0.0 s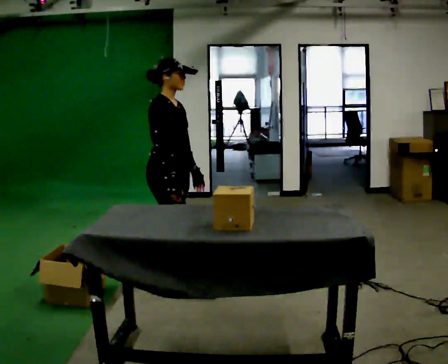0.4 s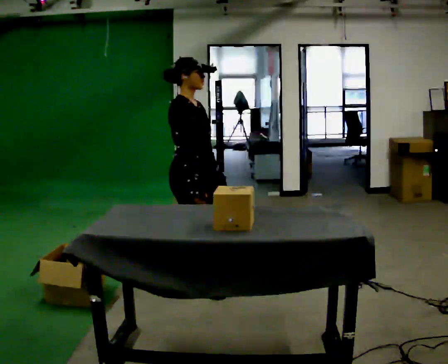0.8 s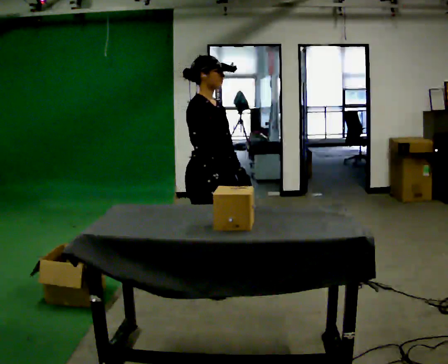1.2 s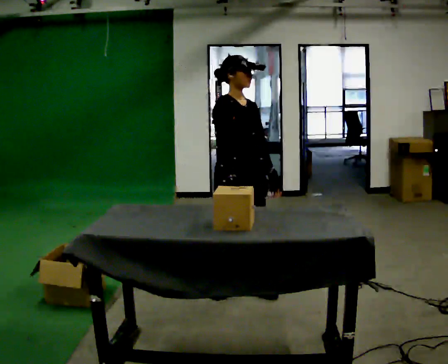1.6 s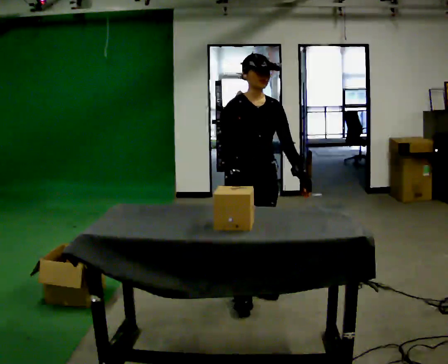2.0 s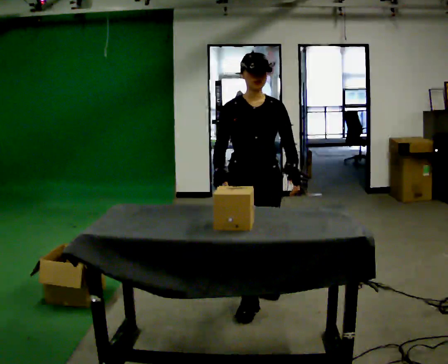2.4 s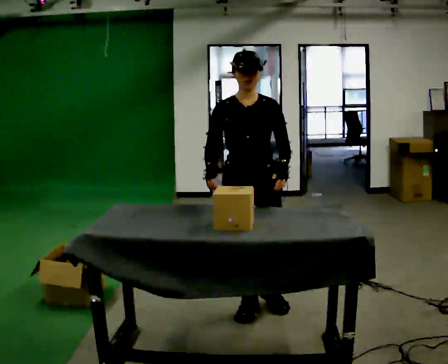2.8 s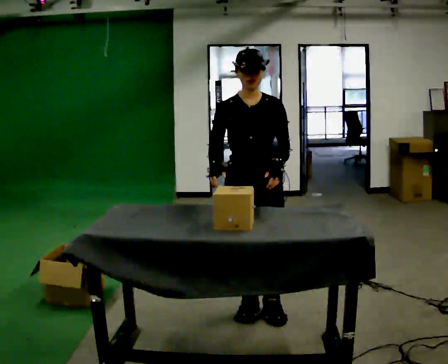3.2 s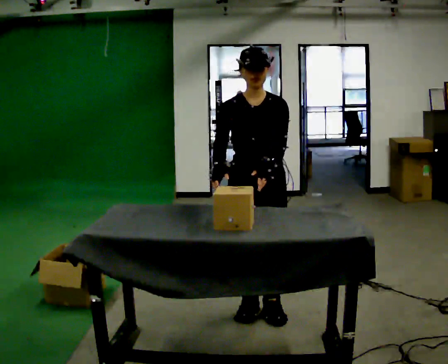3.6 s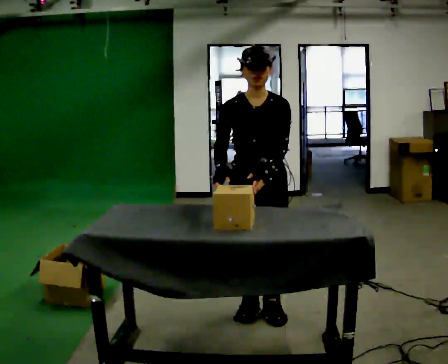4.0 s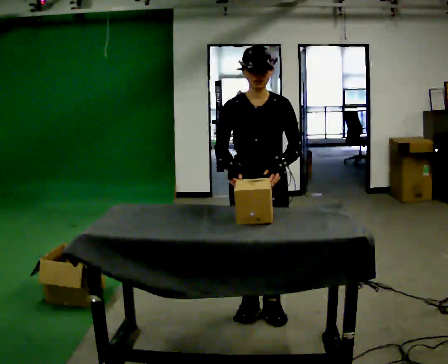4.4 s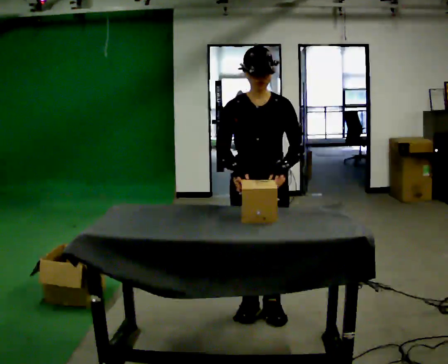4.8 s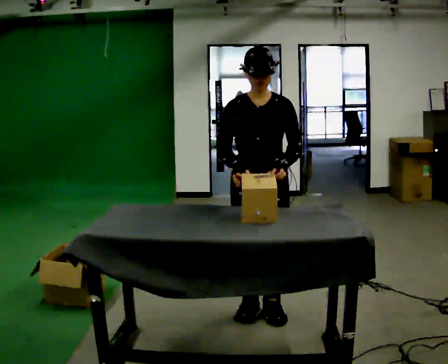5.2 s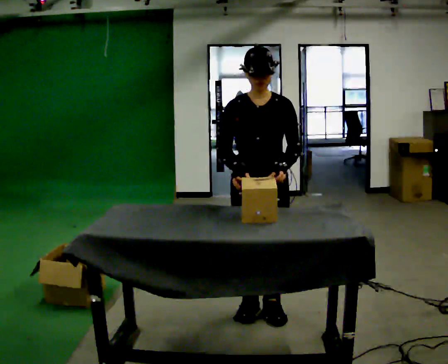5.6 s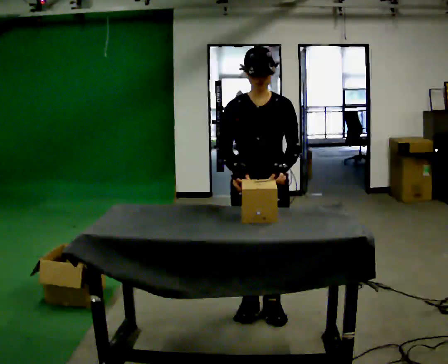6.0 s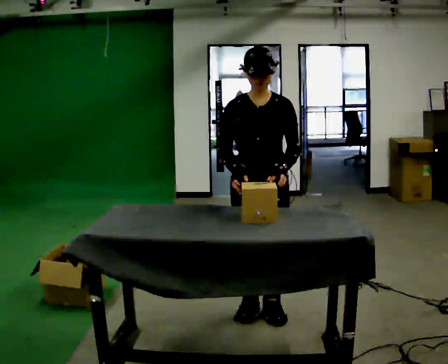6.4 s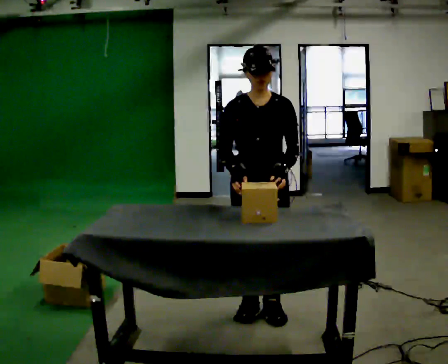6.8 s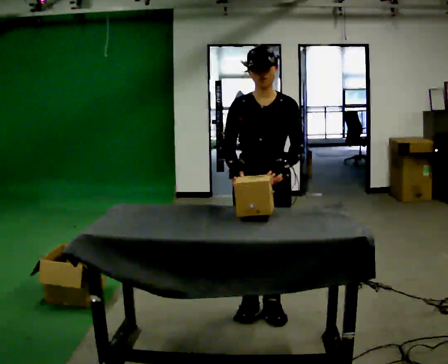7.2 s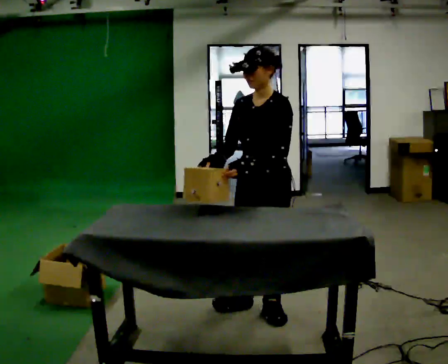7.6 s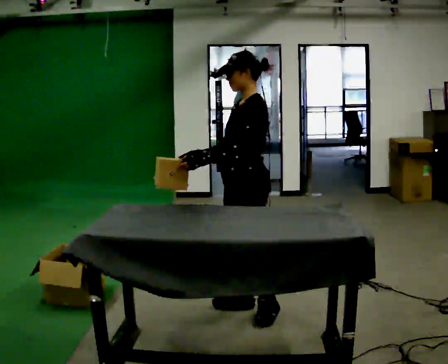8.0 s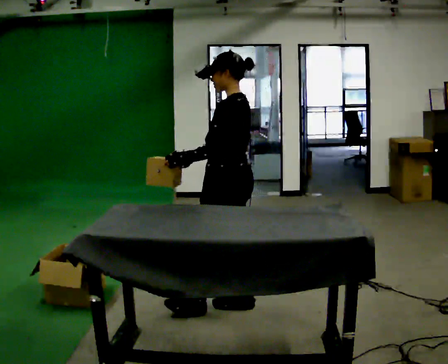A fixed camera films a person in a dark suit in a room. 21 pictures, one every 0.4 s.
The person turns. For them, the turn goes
to their right.
The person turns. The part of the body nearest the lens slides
to the left.
0.0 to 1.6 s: The part of the body nearest the lens slides to the left as the person turns to their right by about 60 degrees. In the picture they go to the right, about 0.5 m in 2 steps, which for them is forward.
1.6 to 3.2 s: In the picture they go toward the camera, about 0.25 m in 2 steps, which for them is forward.
3.2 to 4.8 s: The person moves a little, or ends about where they began.
4.8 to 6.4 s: The person keeps their place and pose.
6.4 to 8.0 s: The part of the body nearest the lens slides to the left as the person turns to their right by about 90 degrees. In the picture they go to the left, about 0.25 m.
The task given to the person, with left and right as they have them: Carry each object across the room and drop it into the container on the floor, then walk back for the next one. Keep going until the operator says stop; one object at a time, and do not rush between trips.
The film runs forward here.
